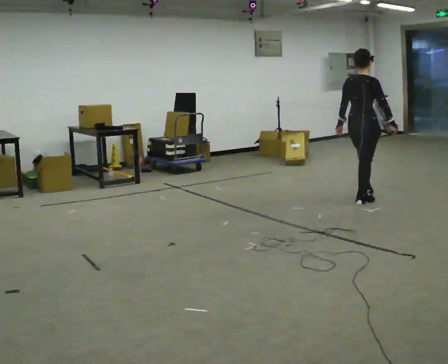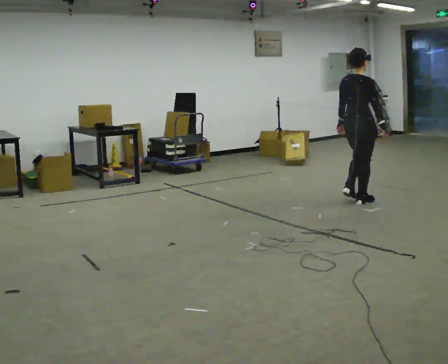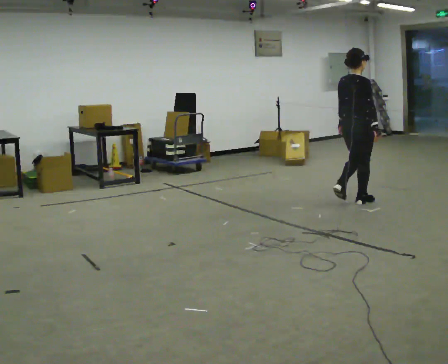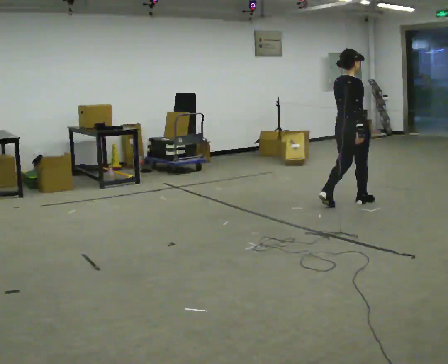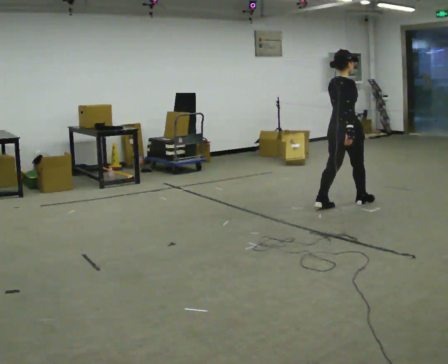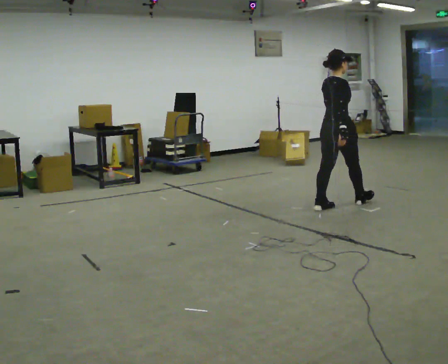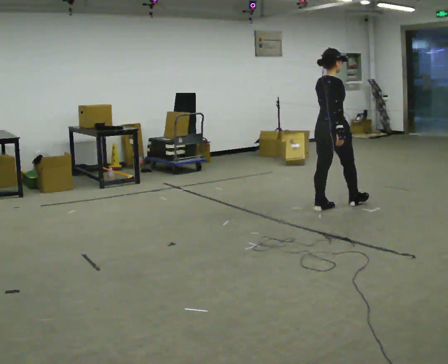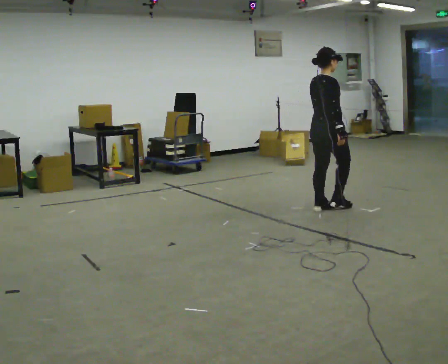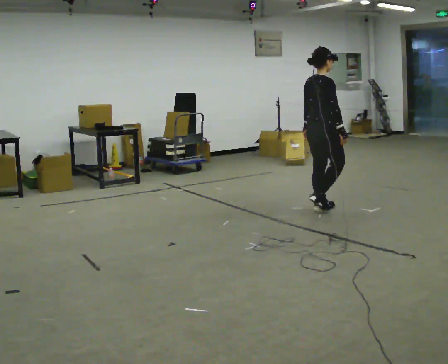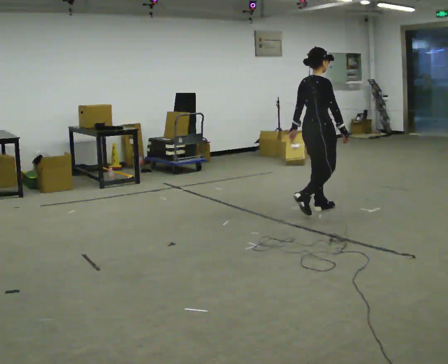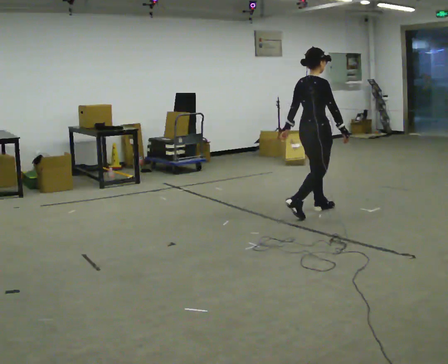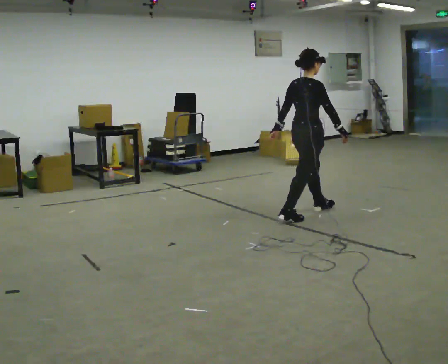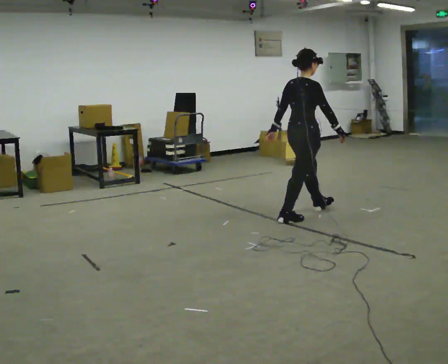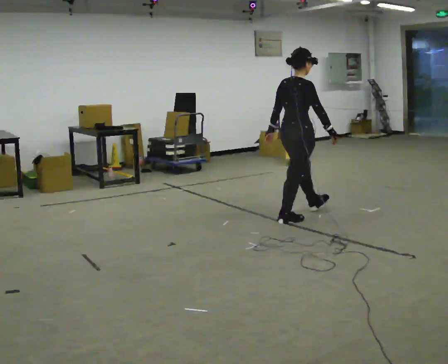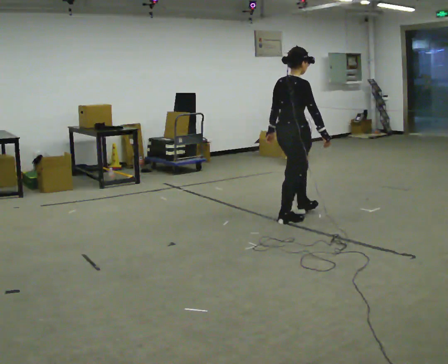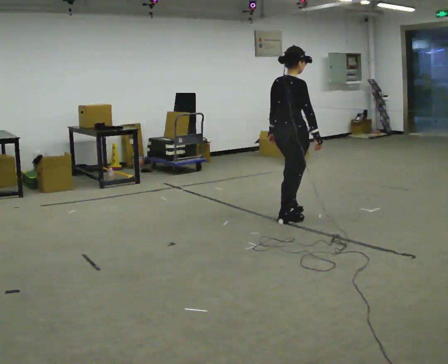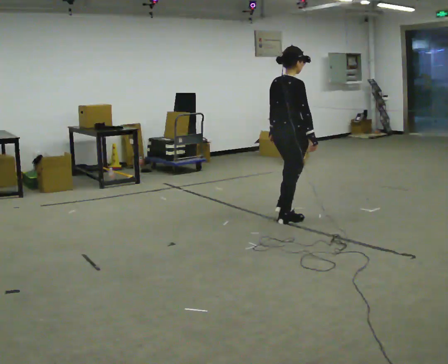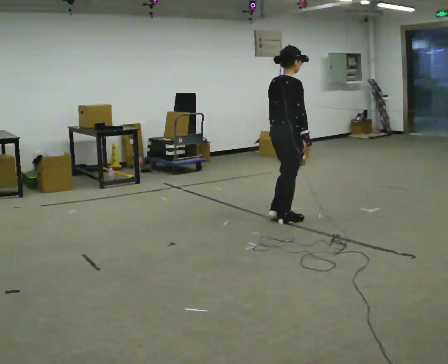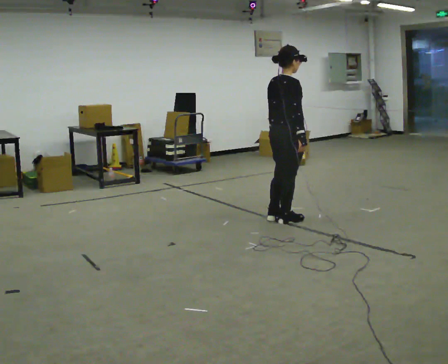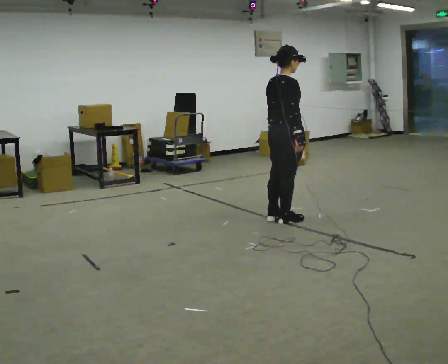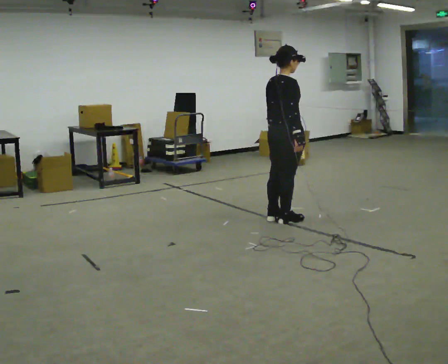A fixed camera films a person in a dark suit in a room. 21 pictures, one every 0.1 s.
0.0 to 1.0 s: In the picture they go to the left and toward the camera, about 0.75 m in 1 step, which for them is backward.
1.0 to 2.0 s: In the picture they go toward the camera and to the left, about 0.5 m in 1 step, which for them is backward.
The film runs backward here.
